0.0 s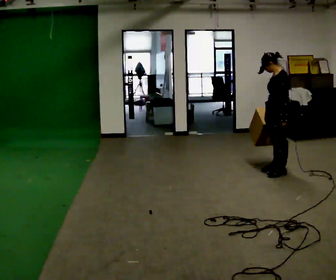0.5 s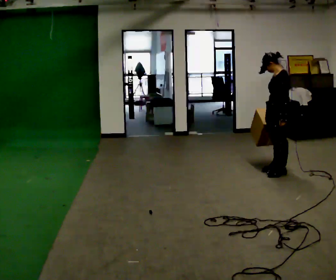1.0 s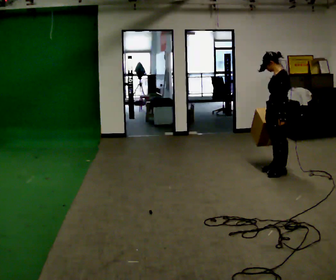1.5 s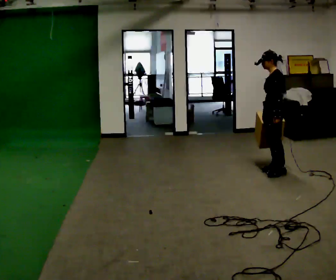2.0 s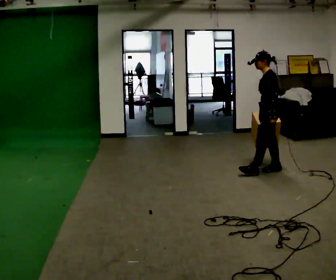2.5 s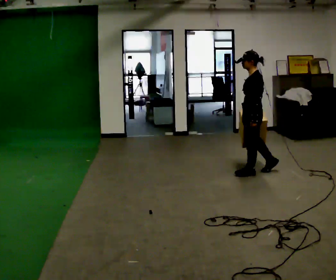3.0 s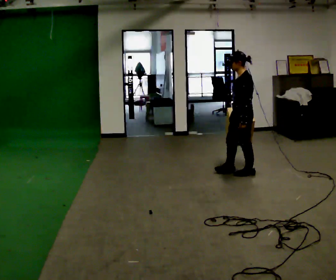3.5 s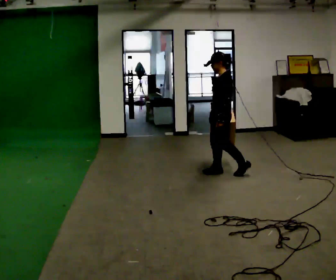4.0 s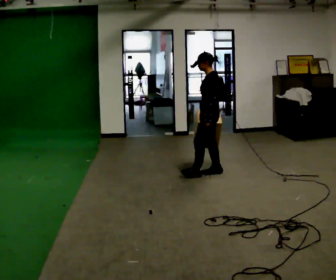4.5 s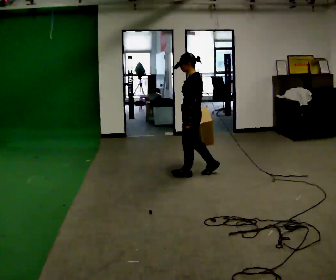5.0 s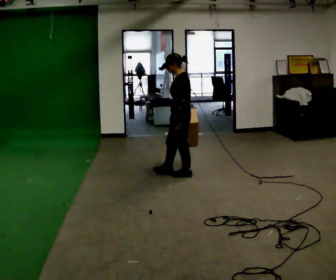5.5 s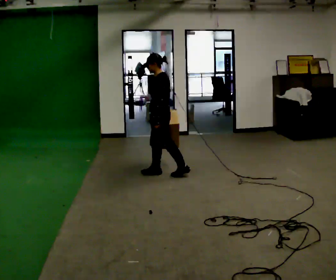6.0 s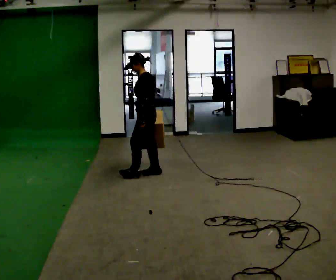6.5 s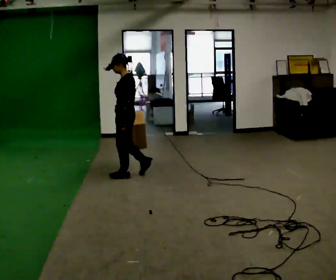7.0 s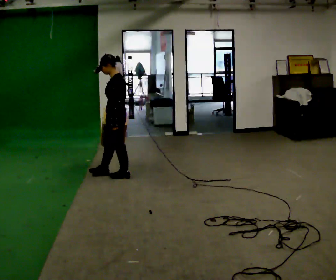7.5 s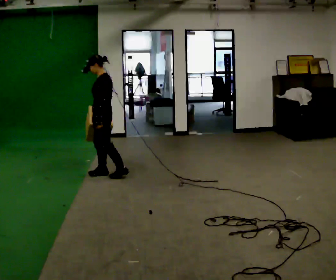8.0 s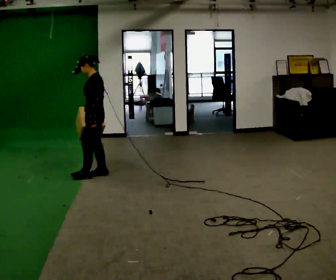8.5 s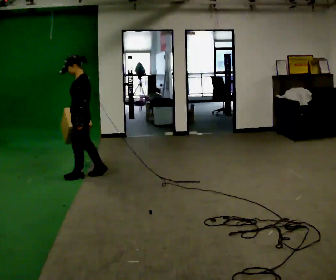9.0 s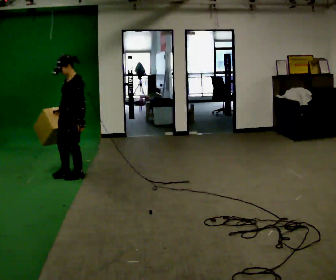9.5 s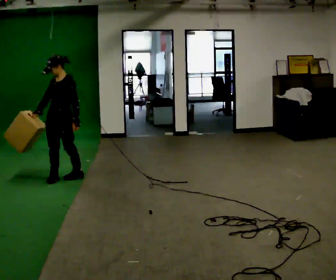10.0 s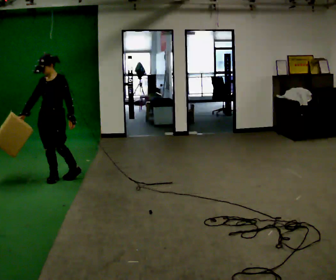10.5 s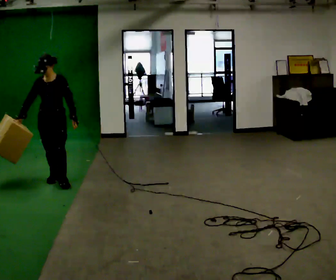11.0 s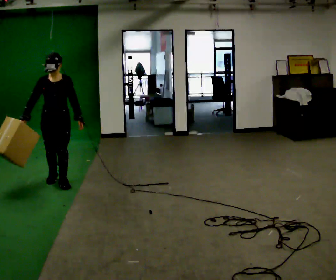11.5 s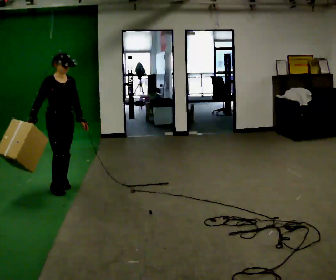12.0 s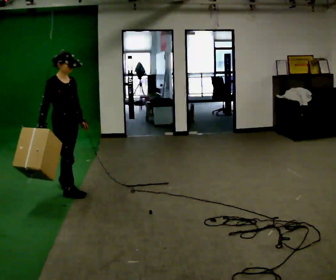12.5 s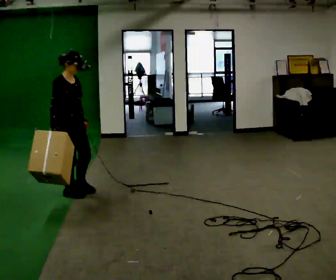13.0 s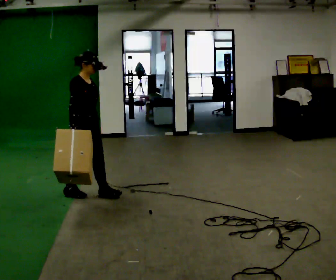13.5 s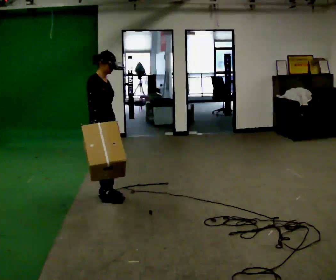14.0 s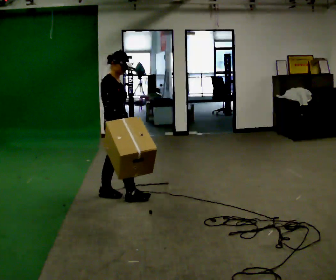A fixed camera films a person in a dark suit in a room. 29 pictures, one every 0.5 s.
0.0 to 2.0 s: The person moves a little, or ends about where they began.
2.0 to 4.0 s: In the picture they go to the left, about 0.5 m in 2 steps, which for them is forward.
4.0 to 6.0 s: In the picture they go to the left, about 1 m in 2 steps, which for them is forward.
6.0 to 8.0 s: In the picture they go to the left, about 0.5 m in 2 steps, which for them is forward.
8.0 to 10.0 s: The part of the body nearest the lens slides to the right as the person turns to their left by about 60 degrees. In the picture they go to the left, about 0.5 m in 2 steps.
10.0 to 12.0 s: Seen from above the body turns counterclockwise, about 90 degrees: to their left, with its near side sliding to the right. In the picture they go toward the camera, about 0.5 m in 2 steps.
12.0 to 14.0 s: The person turns about 30 degrees to their left, counterclockwise seen from above, so the part of the body nearest the lens slides to the right. In the picture they go to the right and toward the camera, about 0.5 m in 2 steps, which for them is forward.
The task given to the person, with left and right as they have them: Carry the box straight from one end of the room to the other, set it down, then bring it back. Keep going until the operator says stop; one object at a time, and do not rush between trips.
The film runs forward here.
